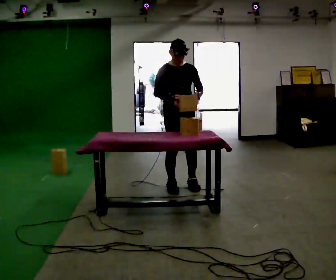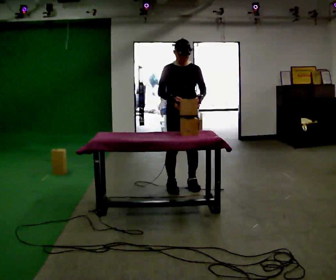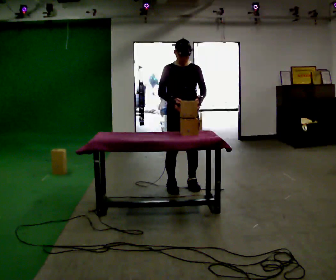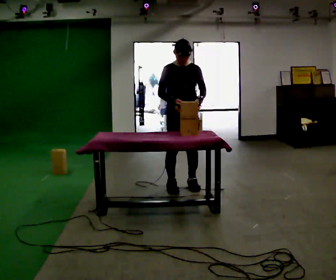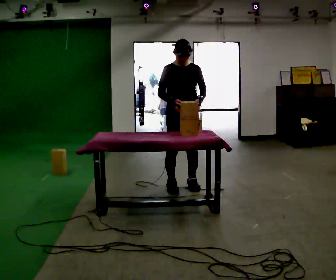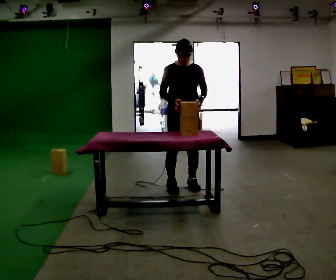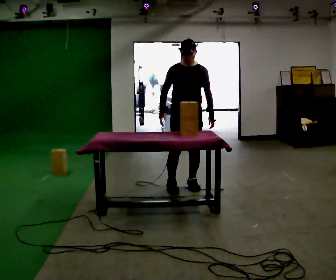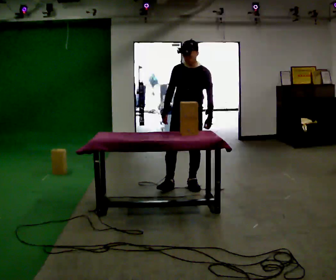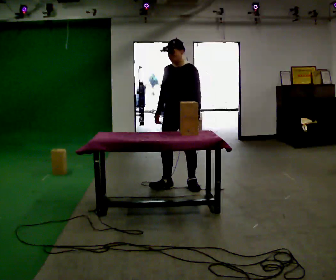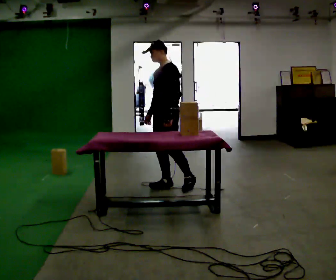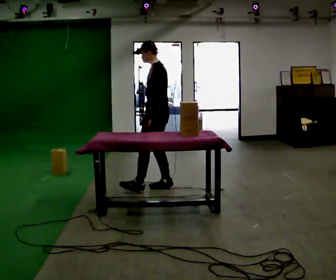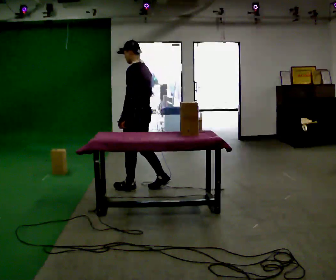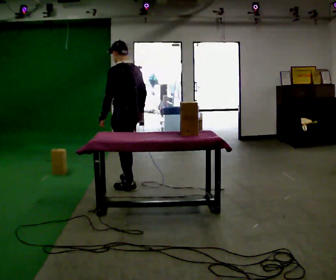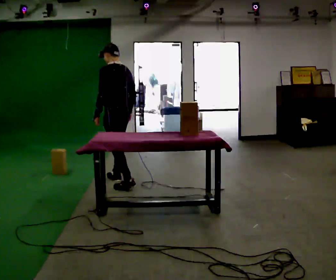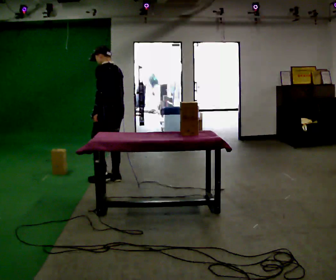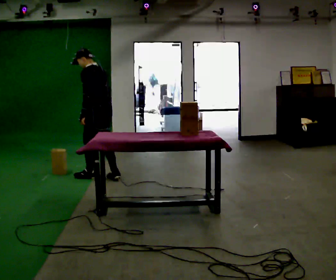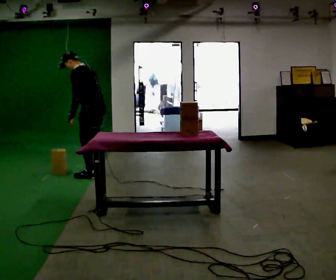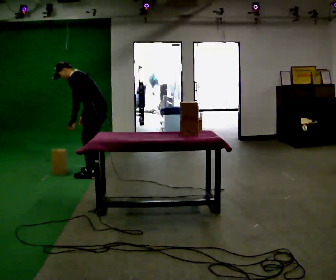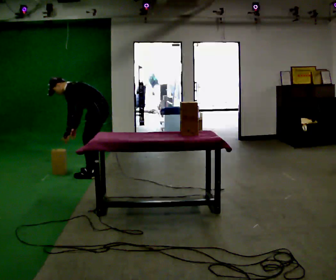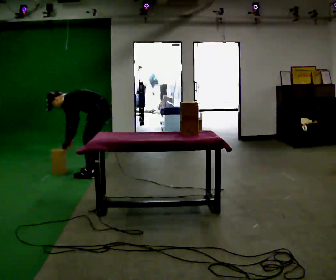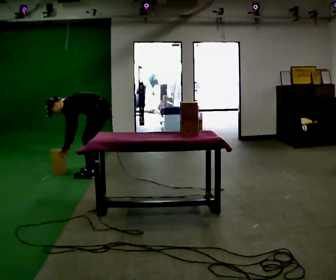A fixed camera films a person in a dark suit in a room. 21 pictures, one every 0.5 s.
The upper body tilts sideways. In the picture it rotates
counterclockwise.
The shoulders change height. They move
downward.
0.0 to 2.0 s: The person moves a little, or ends about where they began.
2.0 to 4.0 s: The part of the body nearest the lens slides to the left as the person turns to their right by about 45 degrees.
4.0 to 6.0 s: The person turns about 90 degrees to their right, clockwise seen from above, so the part of the body nearest the lens slides to the left. In the picture they go to the left, about 0.5 m in 1 step.
6.0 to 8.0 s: In the picture they go to the left and away from the camera, about 0.75 m in 2 steps, which for them is forward. In the picture the upper body tilts counterclockwise, shoulders to the left, as they bend forward.
8.0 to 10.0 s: In the picture they go away from the camera, about 0.25 m in 1 step, which for them is to their right. The upper body goes downward. In the picture the upper body tilts counterclockwise, shoulders to the left, as they bend forward. In the picture their right hand goes downward and to the left.
The film runs forward here.
